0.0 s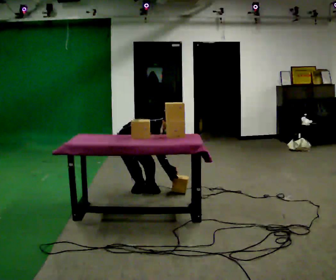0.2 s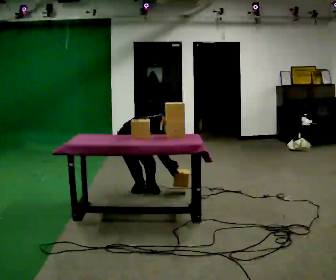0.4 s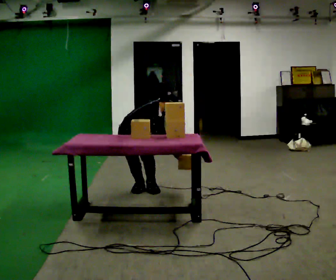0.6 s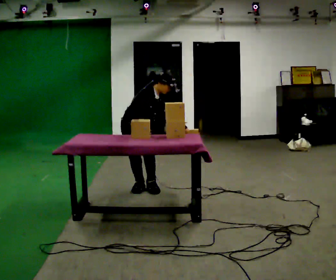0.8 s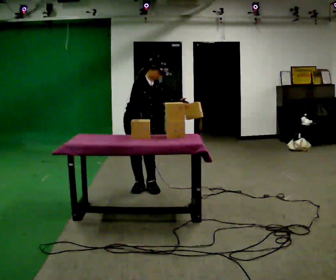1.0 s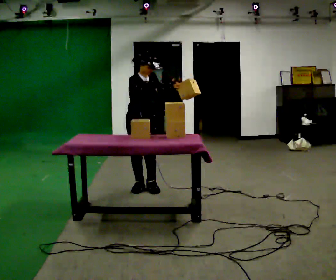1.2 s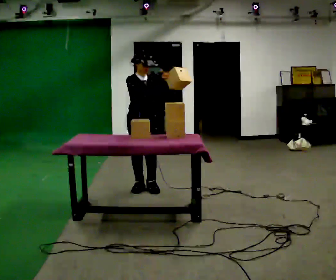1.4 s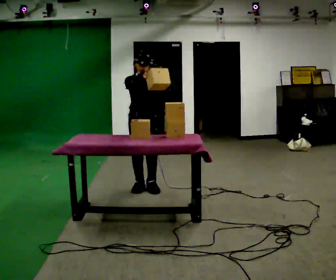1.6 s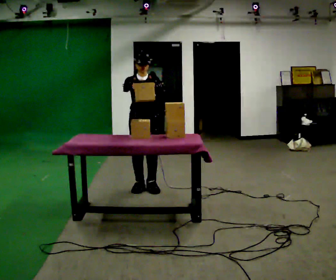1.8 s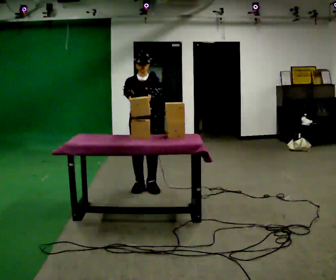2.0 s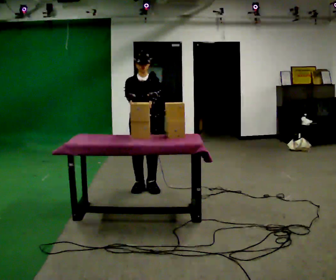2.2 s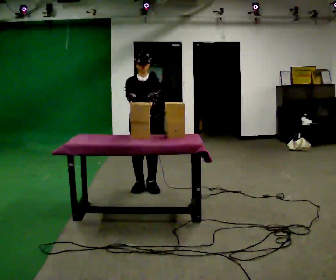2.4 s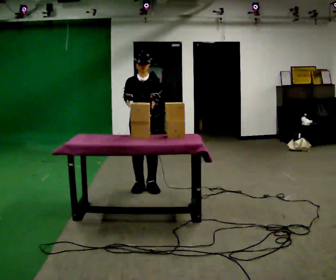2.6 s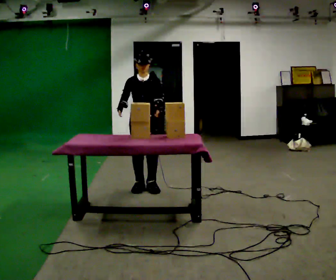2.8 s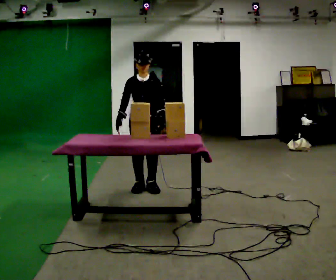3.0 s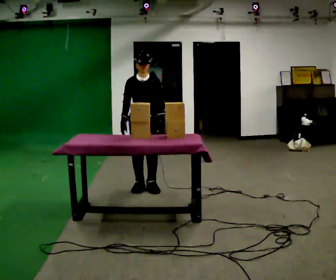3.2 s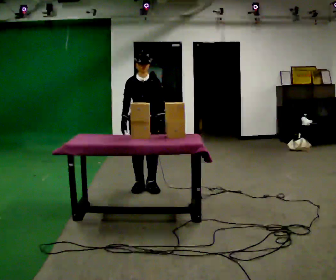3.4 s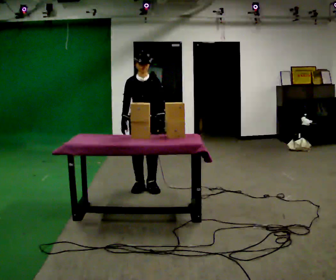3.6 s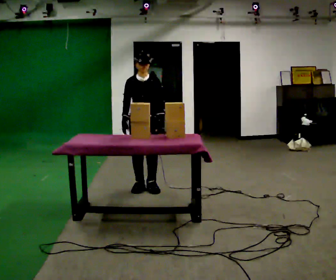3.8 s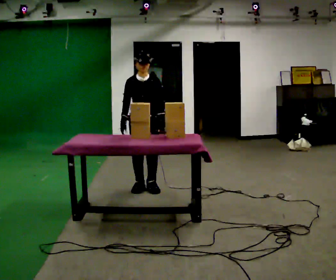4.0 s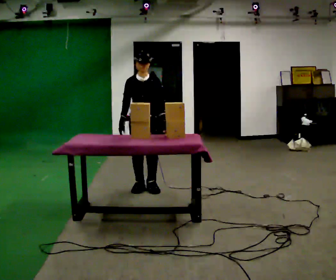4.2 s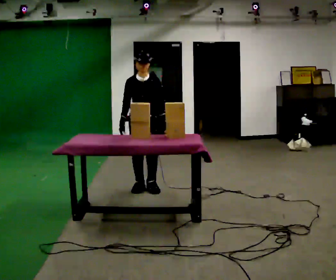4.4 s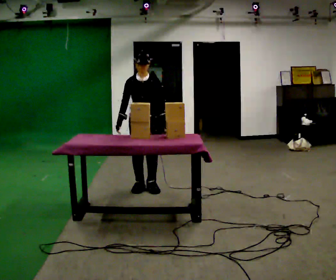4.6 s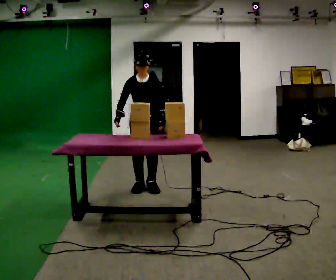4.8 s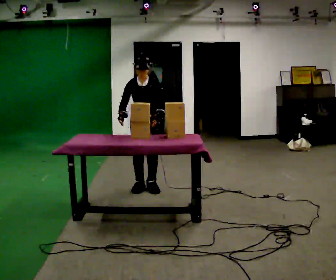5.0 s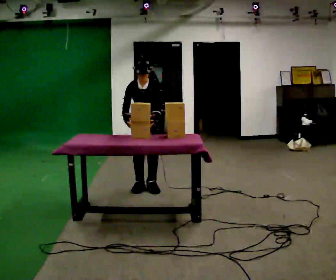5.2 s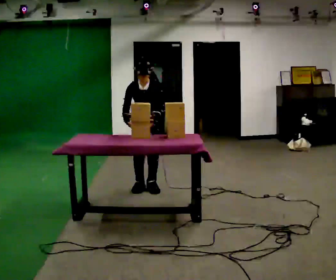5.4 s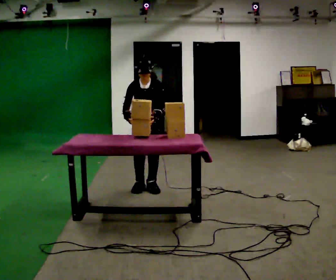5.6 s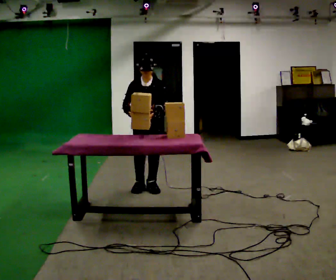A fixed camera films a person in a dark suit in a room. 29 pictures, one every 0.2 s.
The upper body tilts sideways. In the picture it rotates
counterclockwise.
0.0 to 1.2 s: The person turns about 30 degrees to their right, clockwise seen from above, so the part of the body nearest the lens slides to the left. The shoulders move upward. In the picture the upper body tilts counterclockwise, shoulders to the left, as they lean back or straighten. In the picture their left hand goes upward, the arm swinging counterclockwise.
1.2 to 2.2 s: The person turns about 30 degrees to their right, clockwise seen from above, so the part of the body nearest the lens slides to the left.
2.2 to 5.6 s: The person moves a little, or ends about where they began.
The film runs backward here.
